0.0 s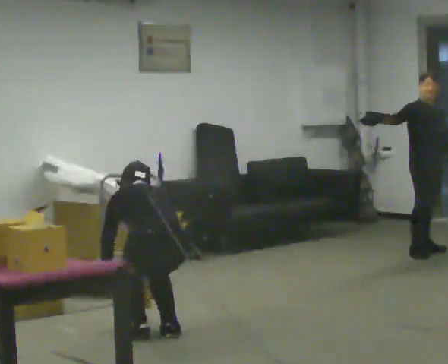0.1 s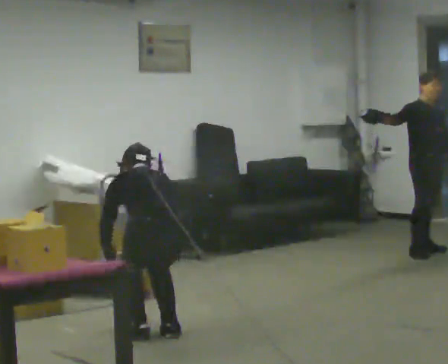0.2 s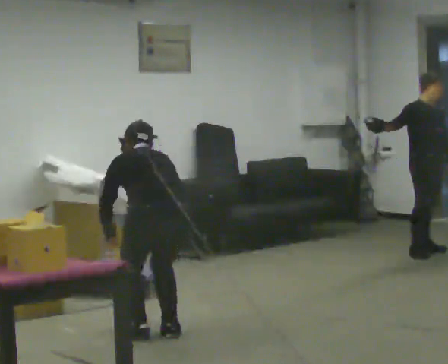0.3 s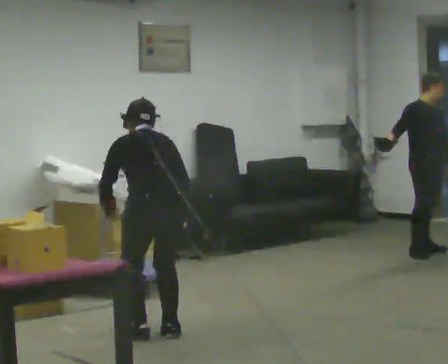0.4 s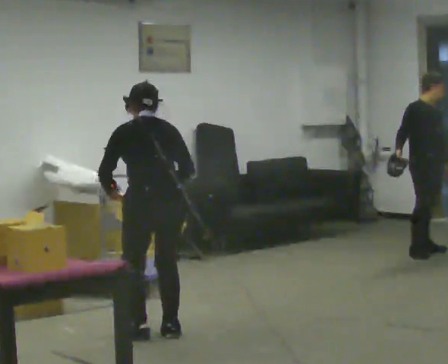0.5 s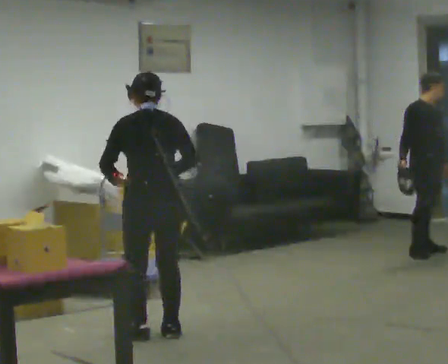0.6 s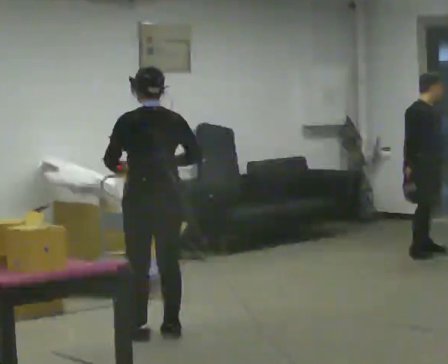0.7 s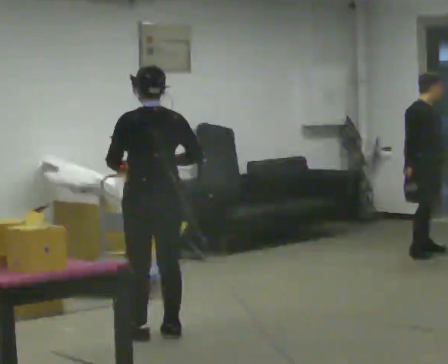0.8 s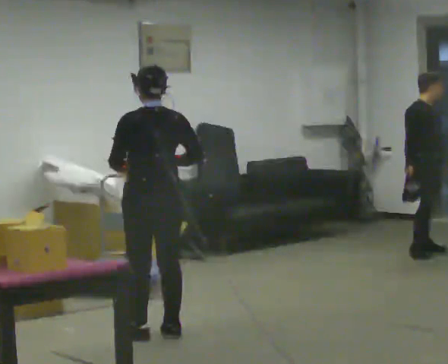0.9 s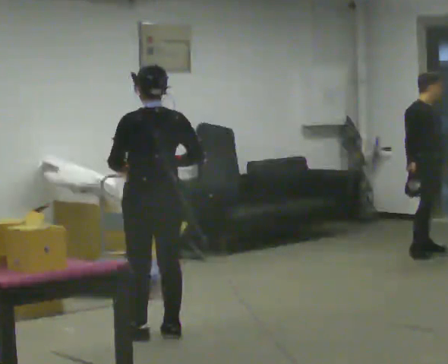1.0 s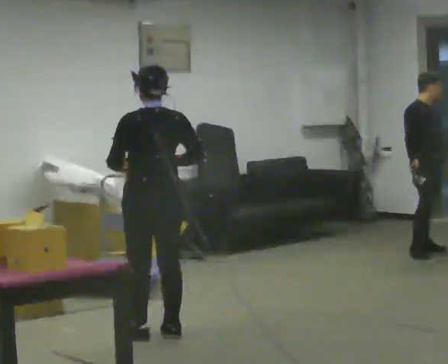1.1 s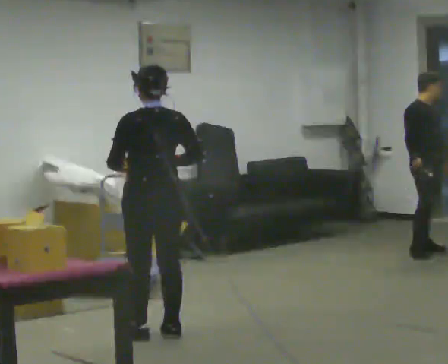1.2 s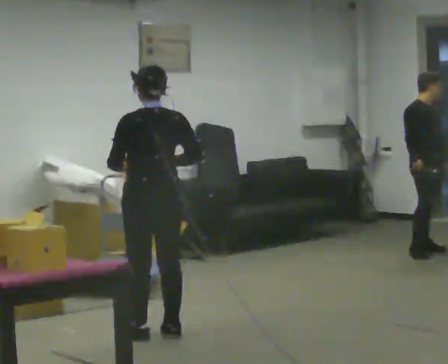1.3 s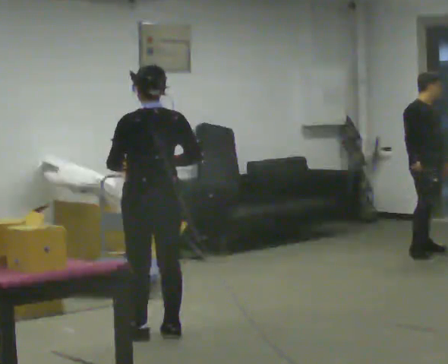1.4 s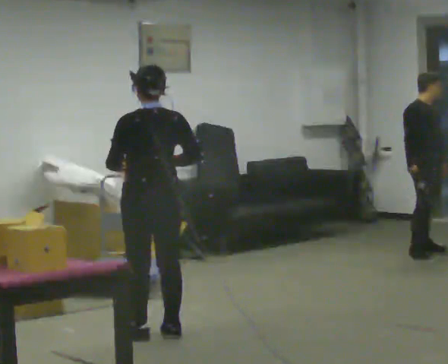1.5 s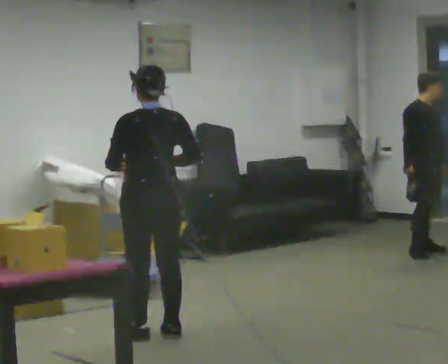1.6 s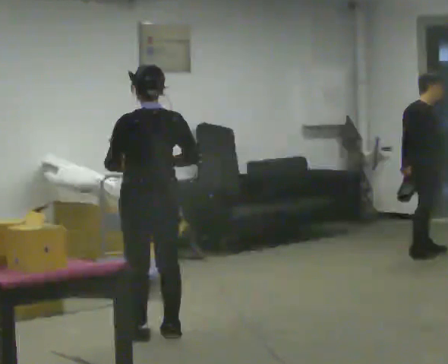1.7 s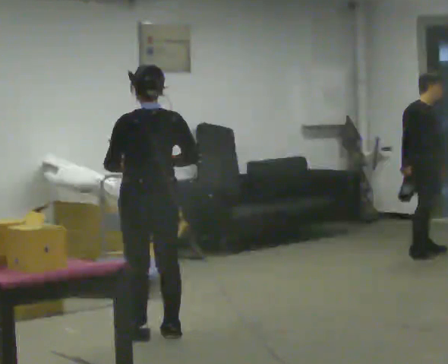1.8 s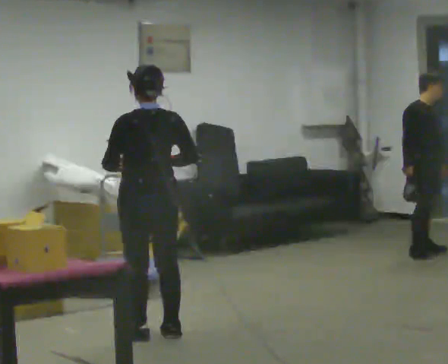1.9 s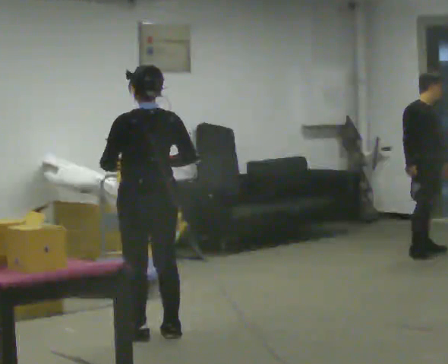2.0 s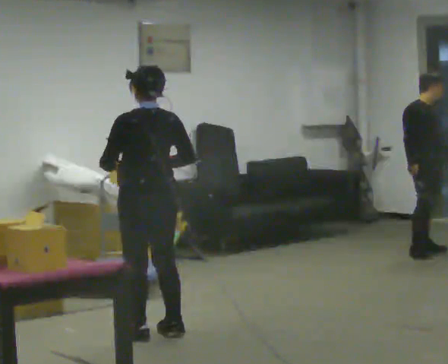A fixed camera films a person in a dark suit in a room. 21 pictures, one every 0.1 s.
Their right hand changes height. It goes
upward.
Their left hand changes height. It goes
upward.
0.0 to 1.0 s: In the picture they go away from the camera, about 0.25 m, which for them is forward. The upper body goes upward. The upper body tips toward the camera, its near side rolling downward, as they lean back or straighten. In the picture their left hand goes upward.
1.0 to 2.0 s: The person moves a little, or ends about where they began.
The film runs forward here.
